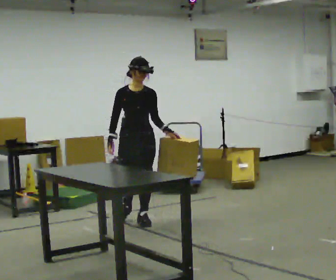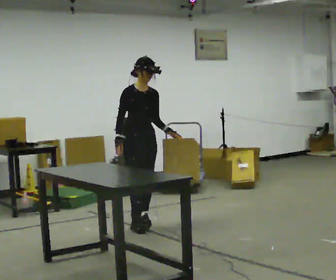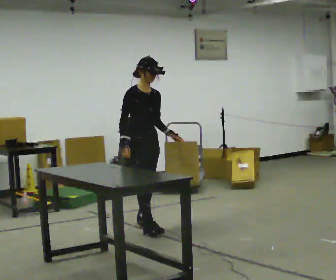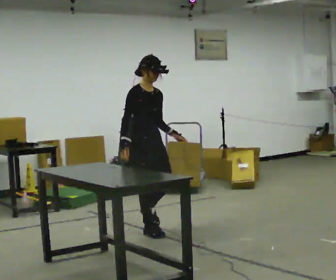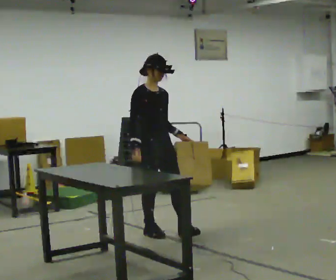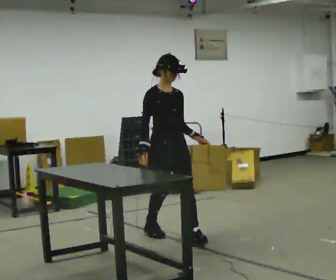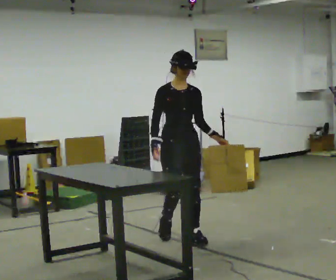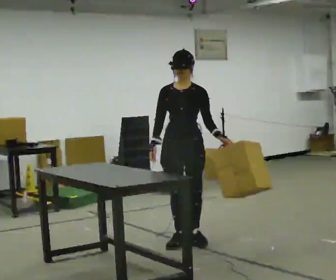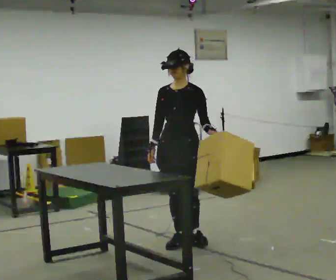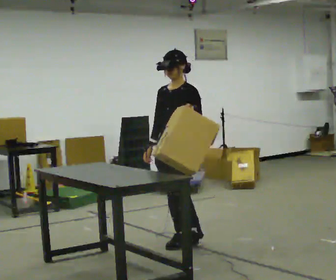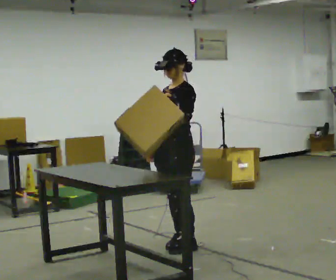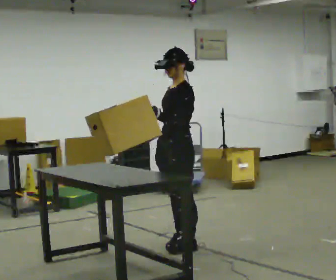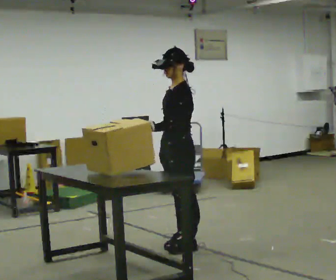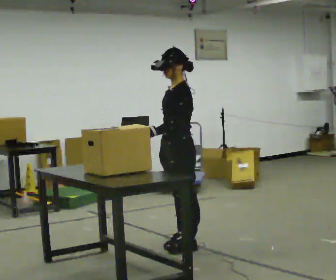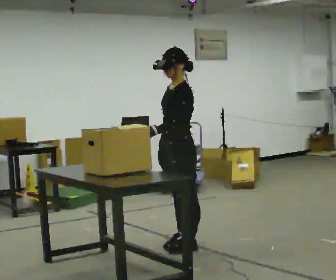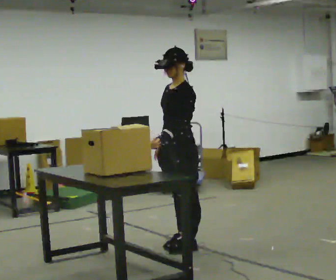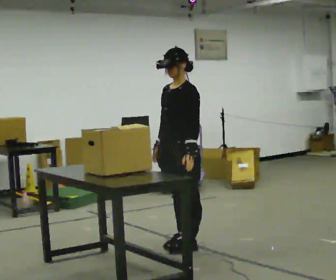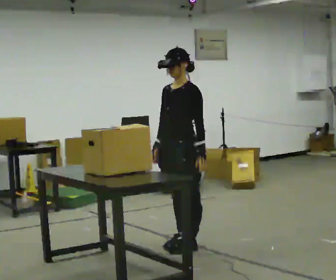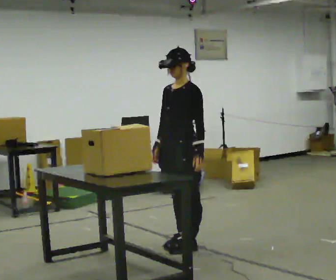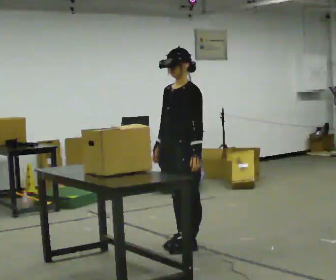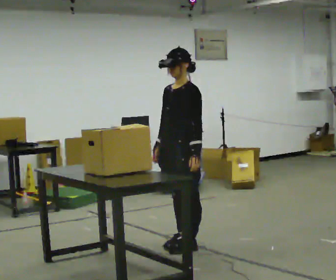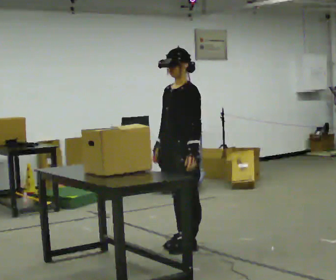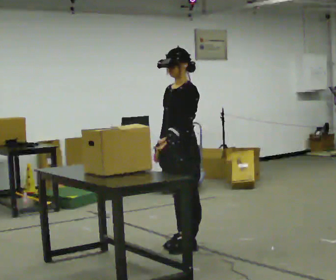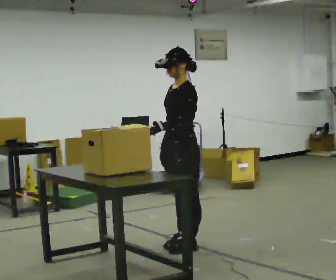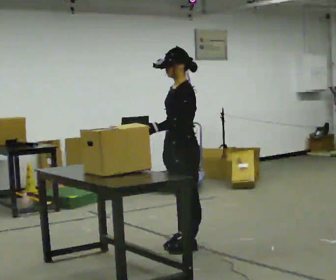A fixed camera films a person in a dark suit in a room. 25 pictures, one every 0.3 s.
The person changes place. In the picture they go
toward the camera.
0.0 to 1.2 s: Seen from above the body turns counterclockwise, about 30 degrees: to their left, with its near side sliding to the right. In the picture they go toward the camera, about 0.5 m in 1 step, which for them is forward.
1.2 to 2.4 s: The person turns about 60 degrees to their right, clockwise seen from above, so the part of the body nearest the lens slides to the left. In the picture they go toward the camera and to the right, about 0.5 m in 2 steps, which for them is forward and to their left.
2.4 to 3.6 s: Seen from above the body turns clockwise, about 60 degrees: to their right, with its near side sliding to the left. In the picture their left hand goes to the left.
3.6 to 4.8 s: Seen from above the body turns counterclockwise, about 30 degrees: to their left, with its near side sliding to the right. In the picture their left hand goes to the right, the arm swinging counterclockwise.
4.8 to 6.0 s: The person moves a little, or ends about where they began.
6.0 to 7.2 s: The person turns about 30 degrees to their right, clockwise seen from above, so the part of the body nearest the lens slides to the left. In the picture their left hand goes to the left, the arm swinging clockwise.
The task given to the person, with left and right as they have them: Pick the object up off the floor using only the hand the operator calls, then carry it to the table in that same hand. Keep going until the operator says stop; one object at a time, and do not rush between trips.
The film runs forward here.
